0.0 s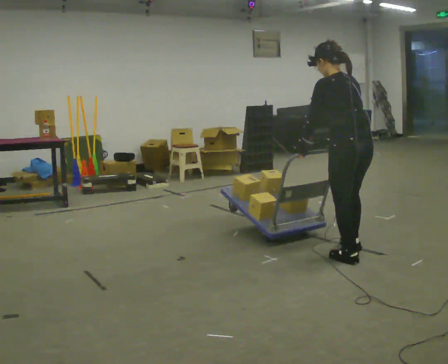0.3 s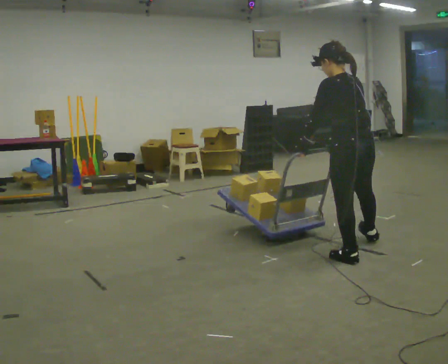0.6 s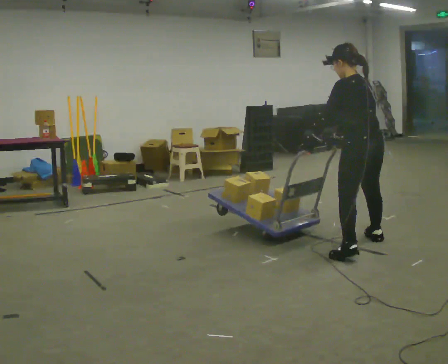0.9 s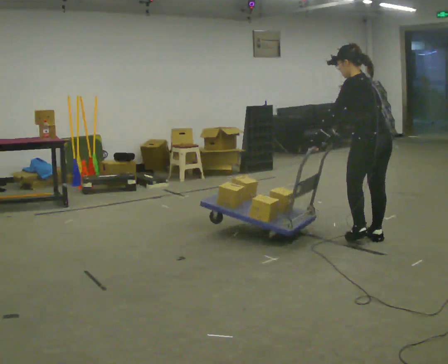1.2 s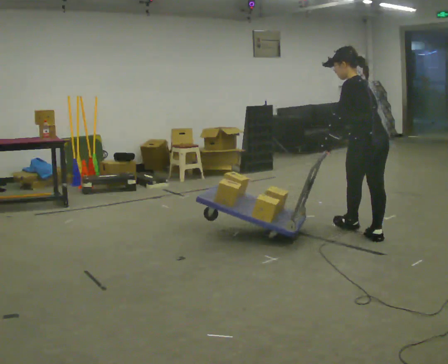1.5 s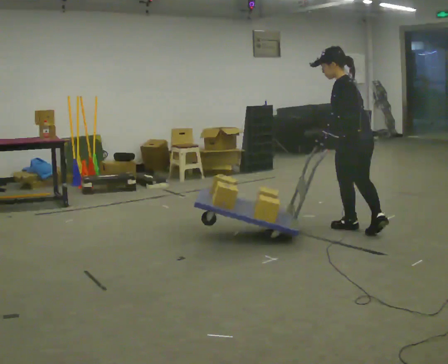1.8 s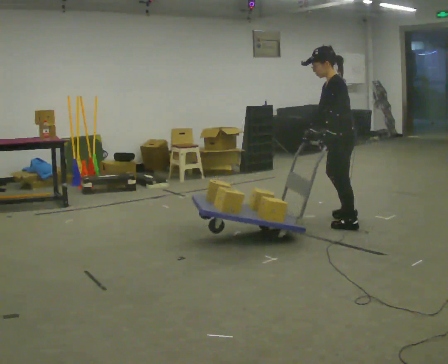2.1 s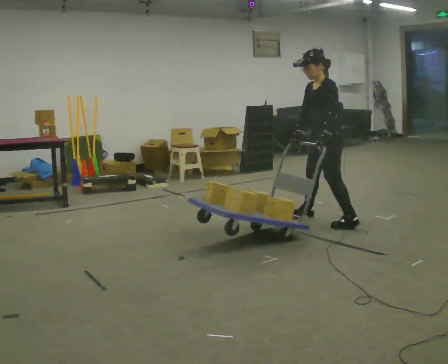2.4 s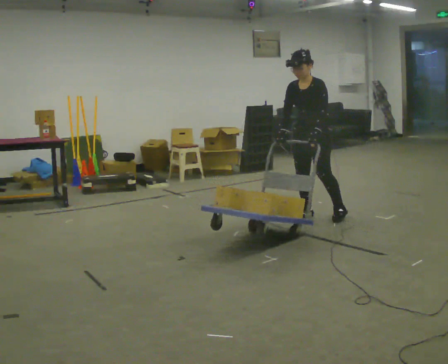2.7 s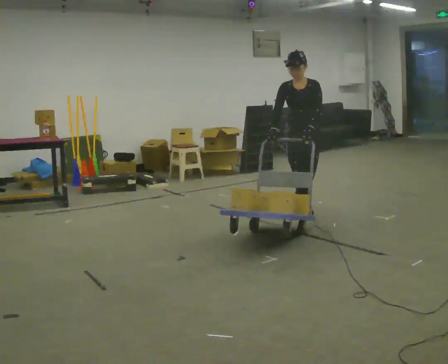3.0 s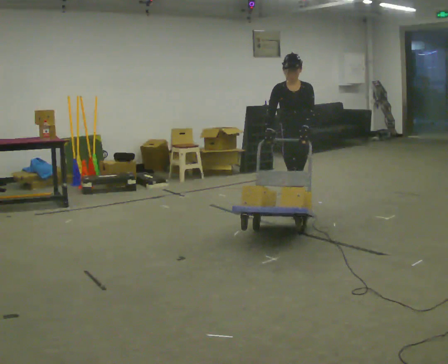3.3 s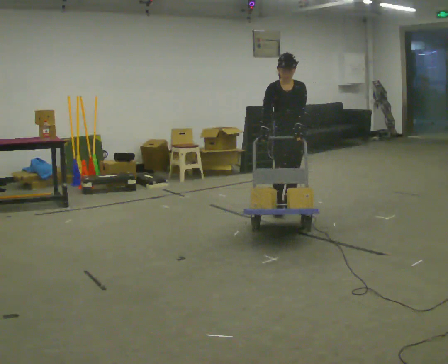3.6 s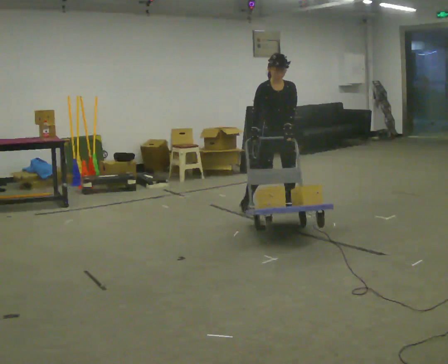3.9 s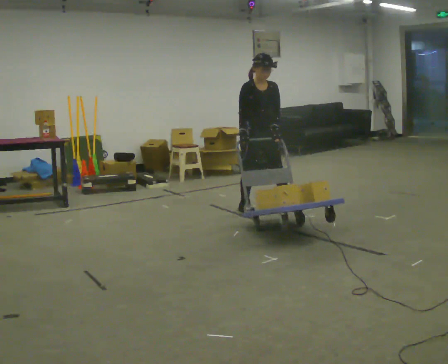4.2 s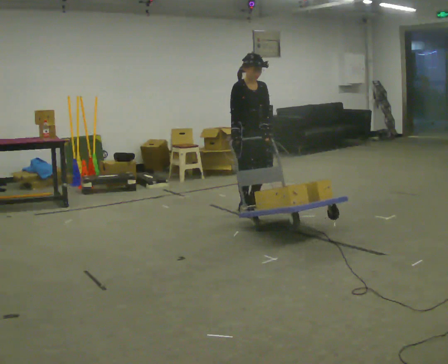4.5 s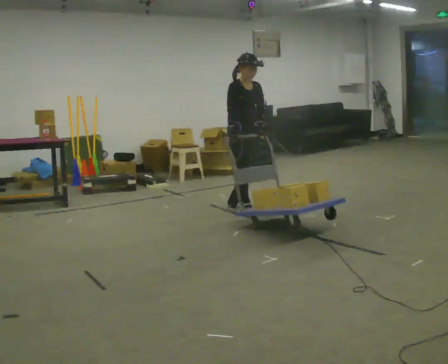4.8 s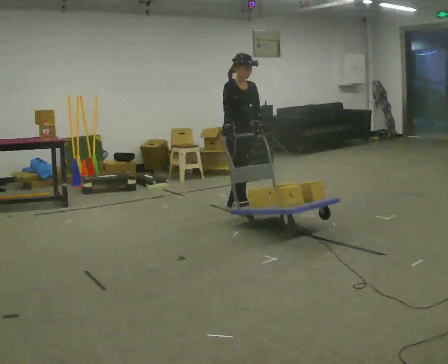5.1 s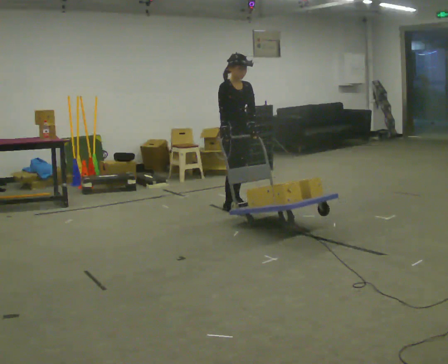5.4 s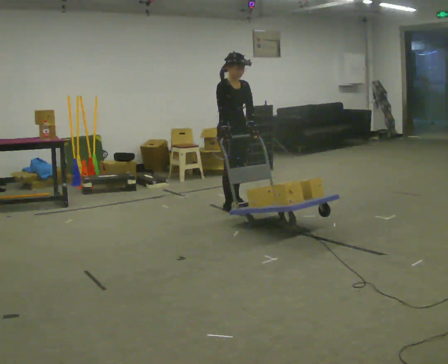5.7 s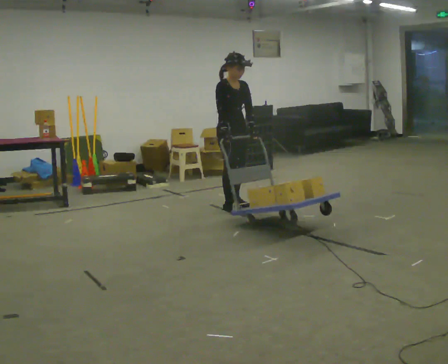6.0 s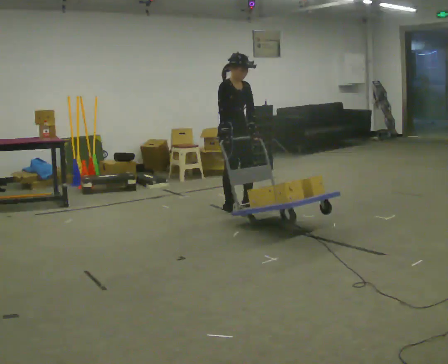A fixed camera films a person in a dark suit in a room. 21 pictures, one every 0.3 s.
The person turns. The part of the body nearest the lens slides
to the right.
The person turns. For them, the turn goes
to their left.
0.0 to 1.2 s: In the picture they go away from the camera and to the right, about 0.5 m in 1 step, which for them is to their right and forward.
1.2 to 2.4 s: The part of the body nearest the lens slides to the right as the person turns to their left by about 105 degrees. In the picture they go away from the camera and to the left, about 1 m in 2 steps.
2.4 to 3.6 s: The person turns about 60 degrees to their left, counterclockwise seen from above, so the part of the body nearest the lens slides to the right. In the picture they go to the left and away from the camera, about 0.5 m in 1 step, which for them is backward and to their right.
3.6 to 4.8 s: The part of the body nearest the lens slides to the right as the person turns to their left by about 30 degrees. In the picture they go to the left, about 0.5 m in 2 steps, which for them is backward and to their right.
4.8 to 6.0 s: The person moves a little, or ends about where they began.
The film runs forward here.
